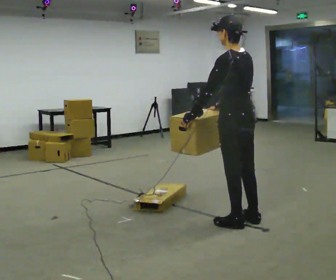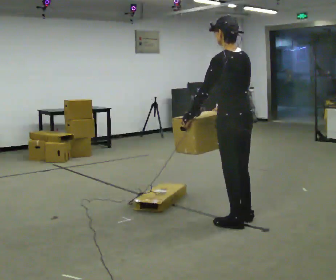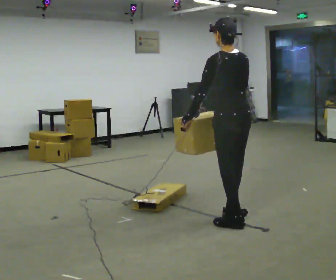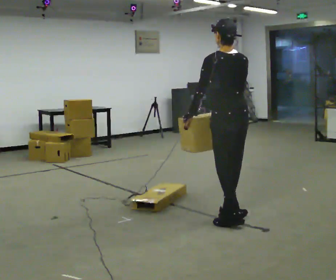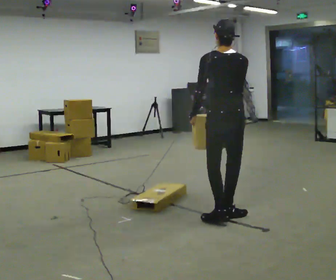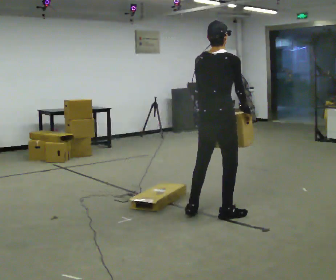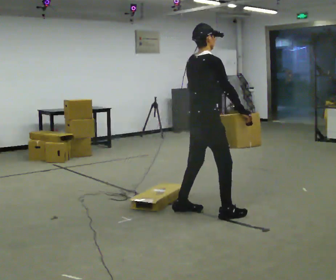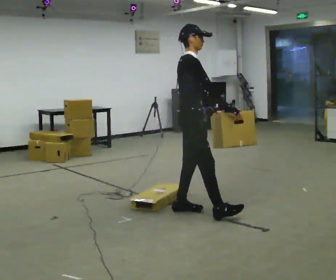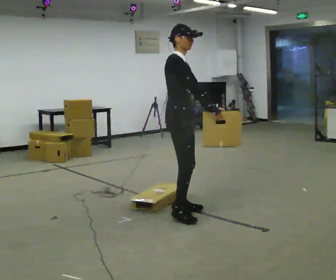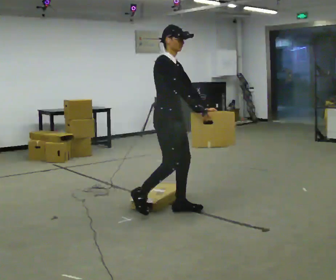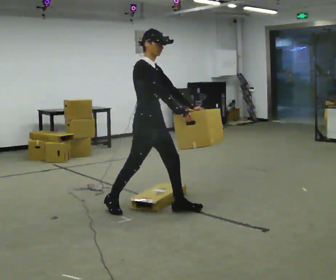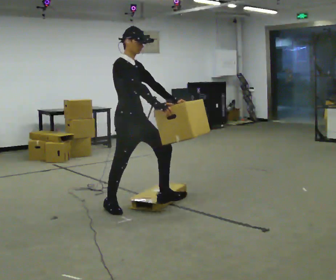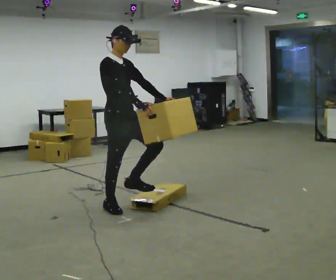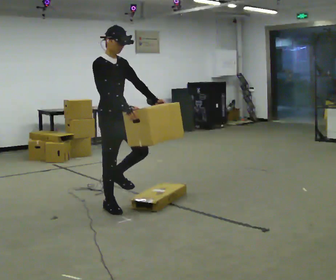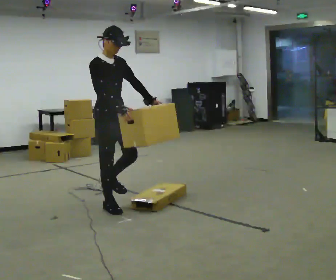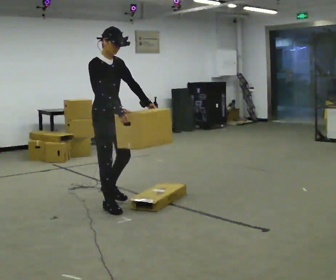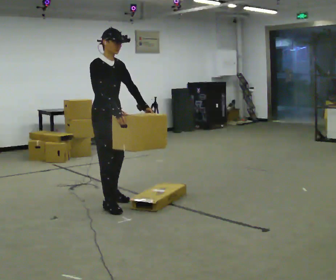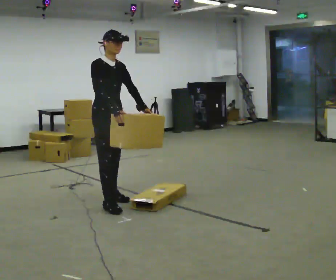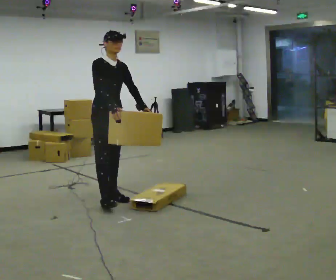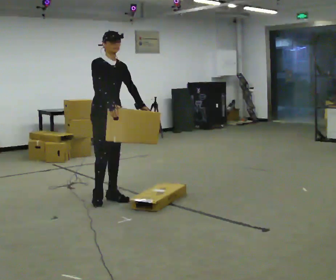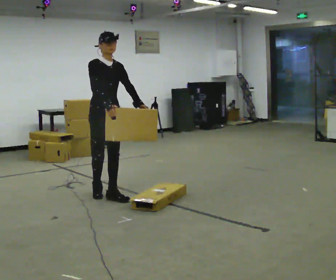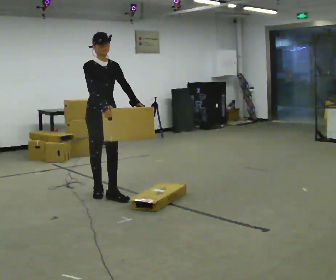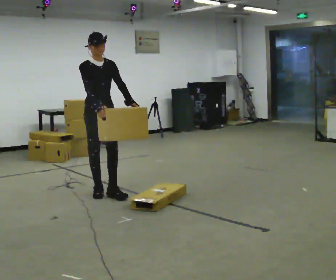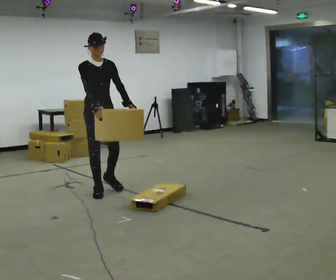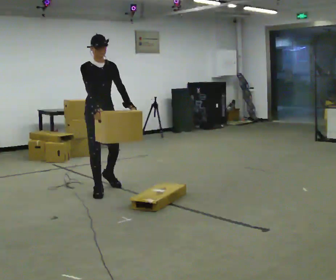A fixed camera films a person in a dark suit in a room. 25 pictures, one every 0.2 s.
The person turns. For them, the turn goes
to their right.
The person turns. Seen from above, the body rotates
clockwise.
0.0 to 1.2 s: The person turns about 90 degrees to their right, clockwise seen from above, so the part of the body nearest the lens slides to the left. In the picture they go away from the camera and to the left, about 0.5 m in 2 steps.
1.2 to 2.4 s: The part of the body nearest the lens slides to the left as the person turns to their right by about 60 degrees. In the picture they go to the left and away from the camera, about 1 m in 2 steps.
2.4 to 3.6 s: In the picture they go away from the camera, about 0.5 m in 1 step, which for them is backward and to their left.
3.6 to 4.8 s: In the picture they go away from the camera, about 0.5 m in 1 step, which for them is backward.
The film runs backward here.
